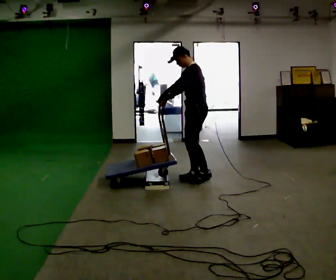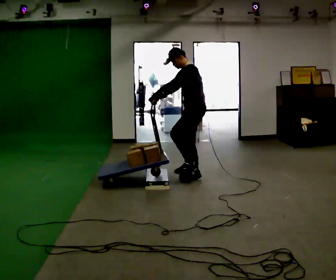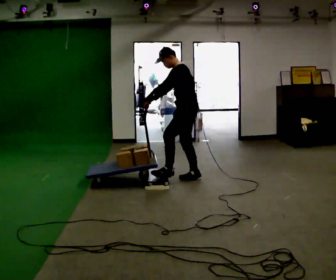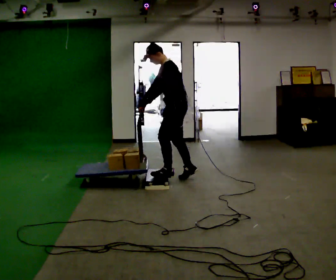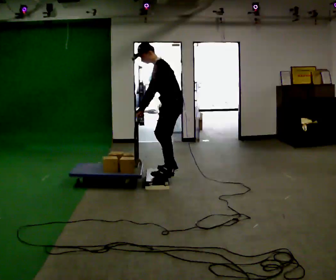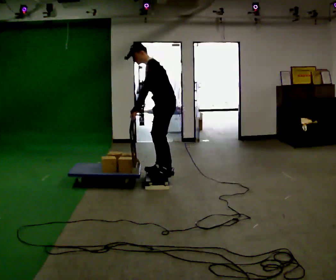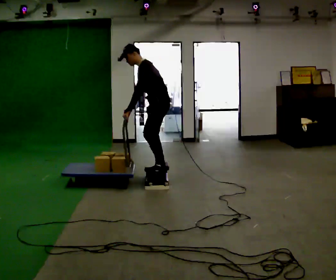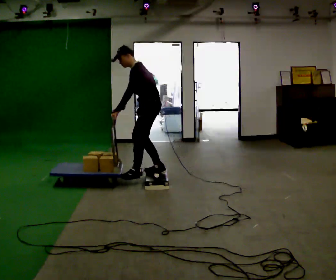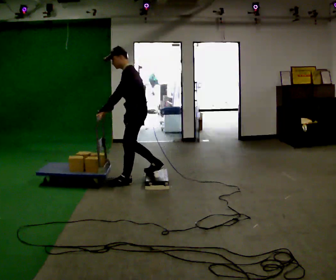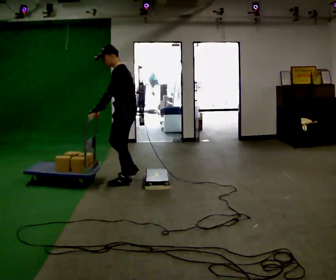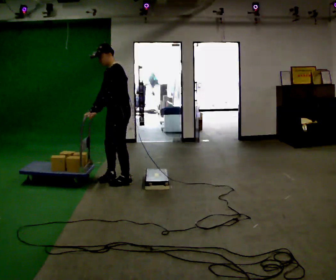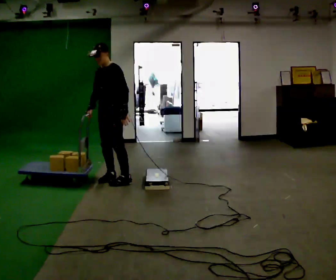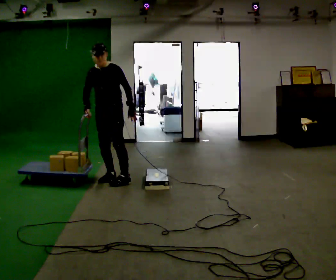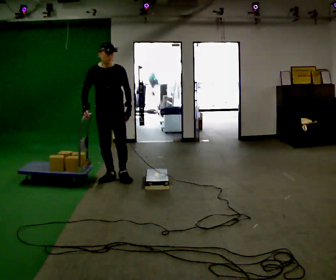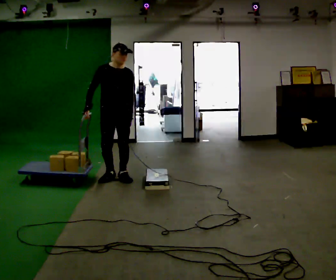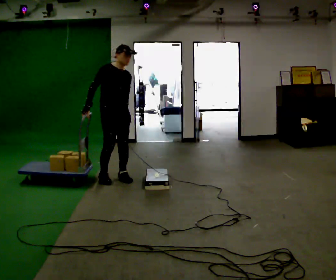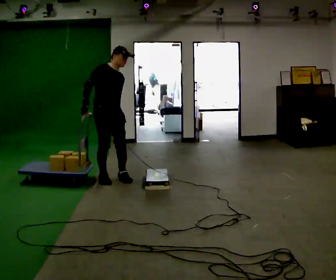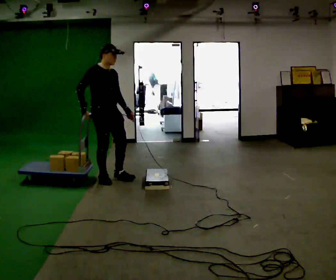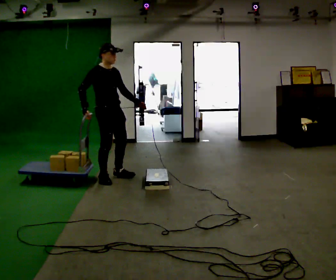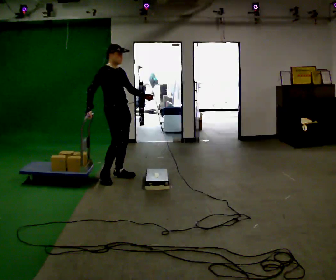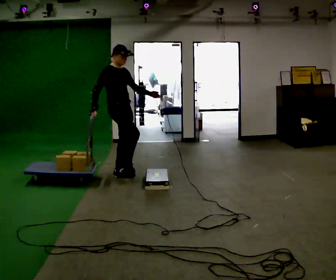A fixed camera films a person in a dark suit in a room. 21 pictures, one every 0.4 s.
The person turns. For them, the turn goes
to their left.
The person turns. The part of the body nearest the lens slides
to the right.
0.0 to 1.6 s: In the picture they go to the left, about 0.25 m in 1 step, which for them is forward and to their left. In the picture the upper body tilts counterclockwise, shoulders to the left.
1.6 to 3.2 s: In the picture they go to the left, about 0.5 m in 2 steps, which for them is forward.
3.2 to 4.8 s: Seen from above the body turns counterclockwise, about 60 degrees: to their left, with its near side sliding to the right. In the picture they go to the left, about 0.25 m in 1 step.
4.8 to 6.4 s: The person turns about 75 degrees to their left, counterclockwise seen from above, so the part of the body nearest the lens slides to the right. In the picture the upper body tilts clockwise, shoulders to the right.
6.4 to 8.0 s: In the picture they go away from the camera, about 0.25 m, which for them is to their left.
The film runs forward here.
